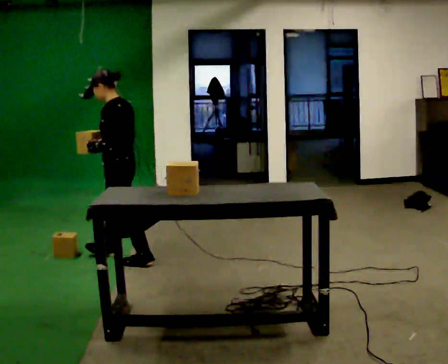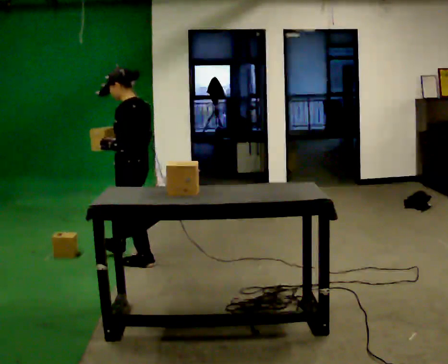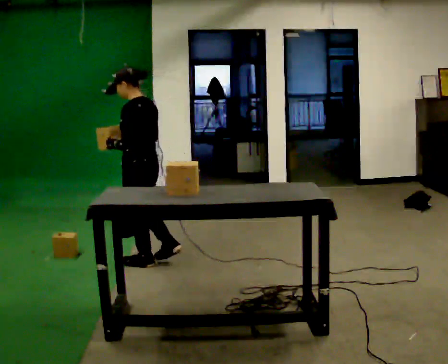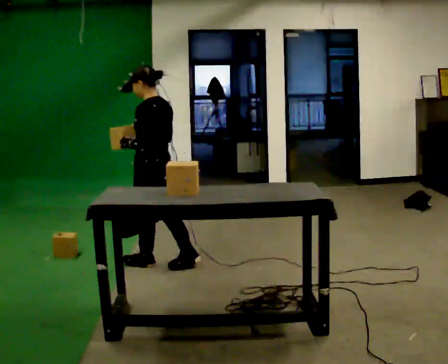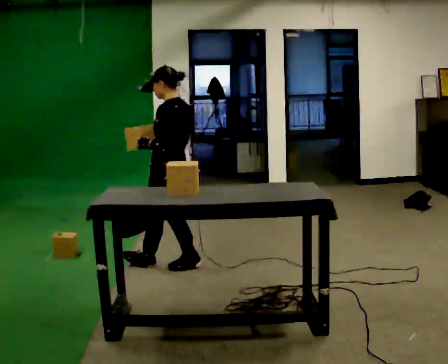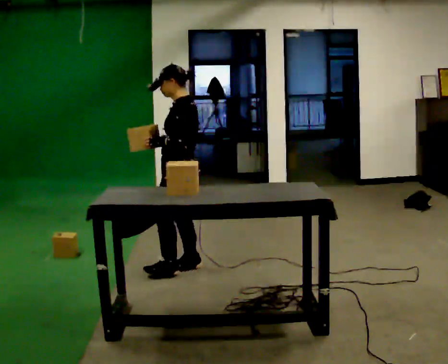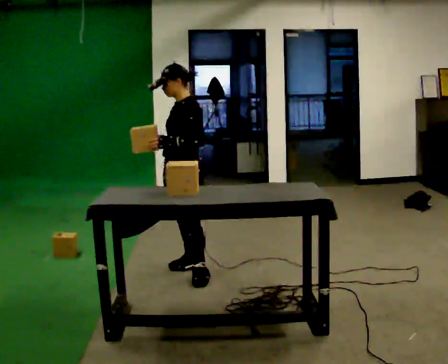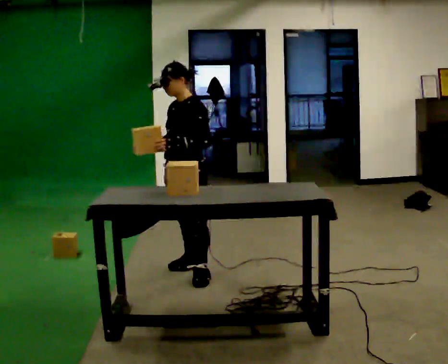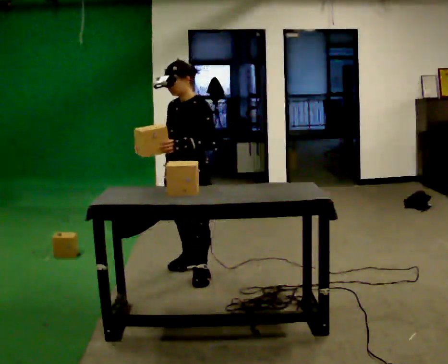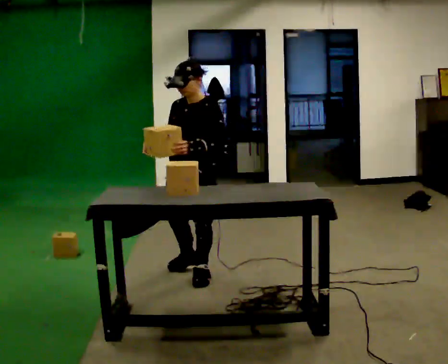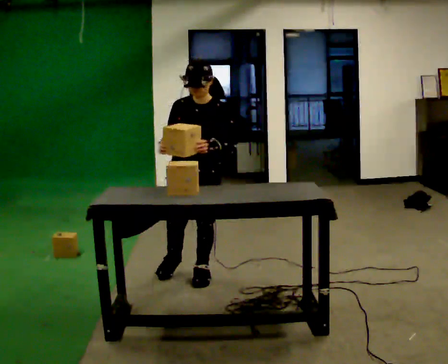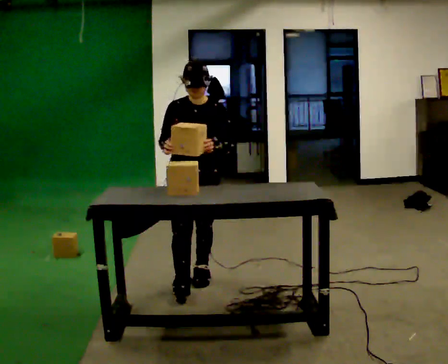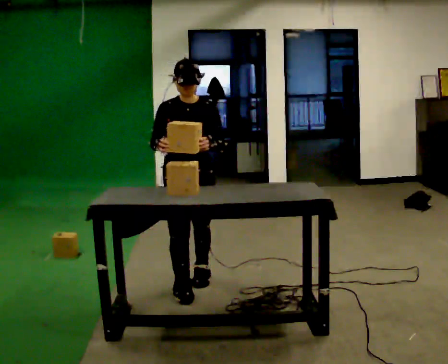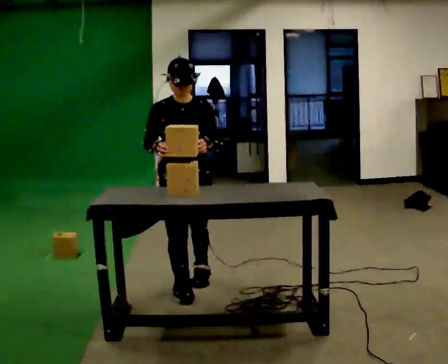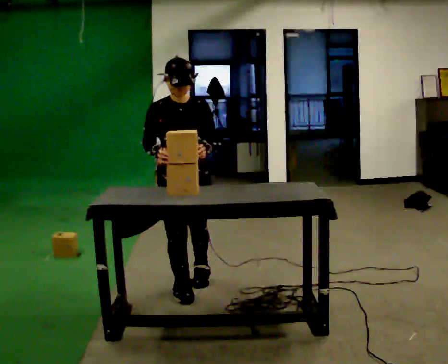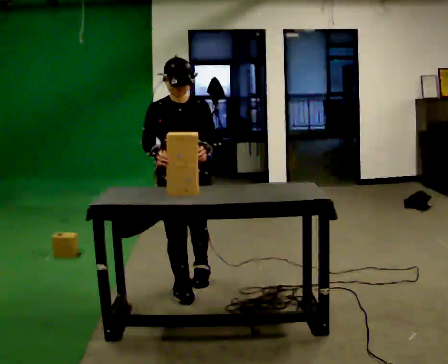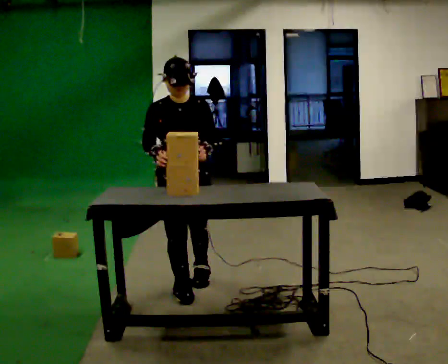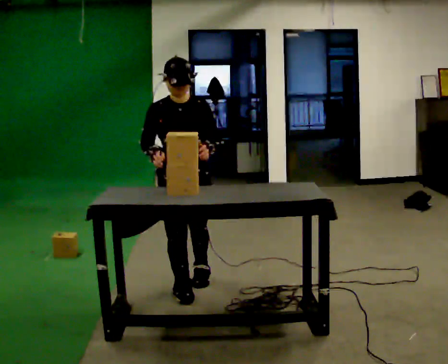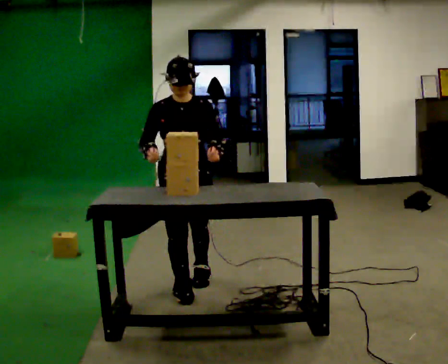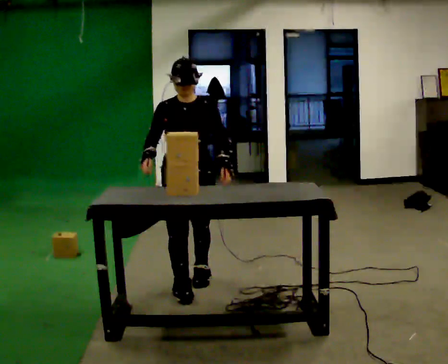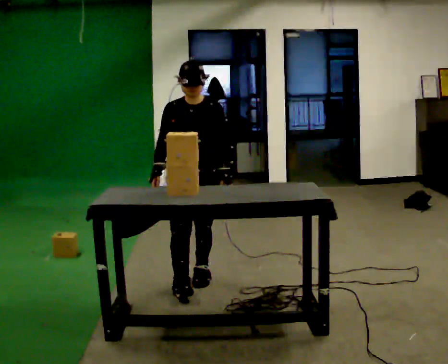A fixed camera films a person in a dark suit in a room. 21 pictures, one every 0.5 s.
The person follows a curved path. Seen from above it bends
clockwise.
0.0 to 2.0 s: In the picture they go to the right and toward the camera, about 0.5 m in 1 step, which for them is backward.
2.0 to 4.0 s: The person turns about 60 degrees to their left, counterclockwise seen from above, so the part of the body nearest the lens slides to the right. In the picture they go toward the camera, about 0.25 m in 1 step.
4.0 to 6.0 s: The person turns about 60 degrees to their left, counterclockwise seen from above, so the part of the body nearest the lens slides to the right. In the picture they go toward the camera, about 0.25 m in 1 step, which for them is forward.
6.0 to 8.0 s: The person moves a little, or ends about where they began.
8.0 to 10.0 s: In the picture they go away from the camera, about 0.25 m, which for them is backward.
The film runs backward here.
